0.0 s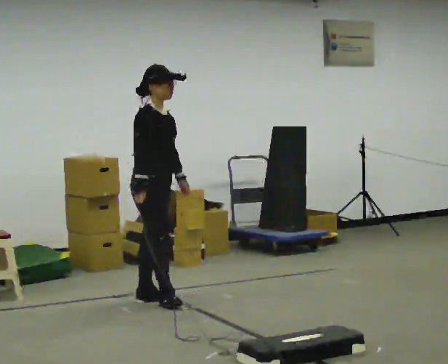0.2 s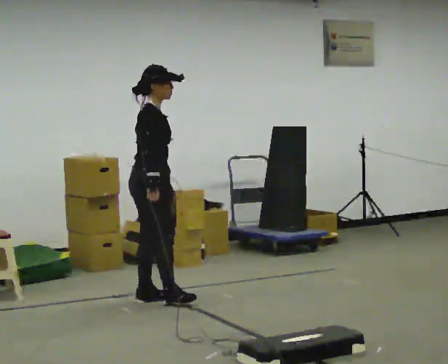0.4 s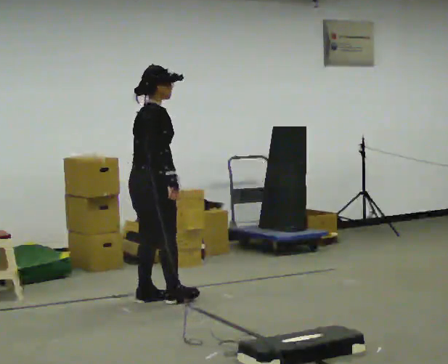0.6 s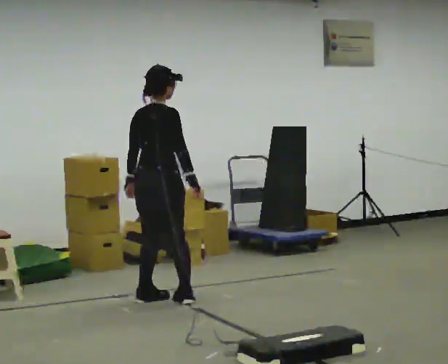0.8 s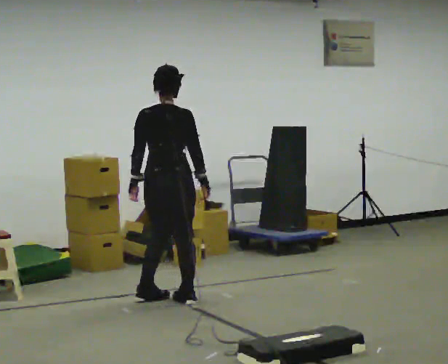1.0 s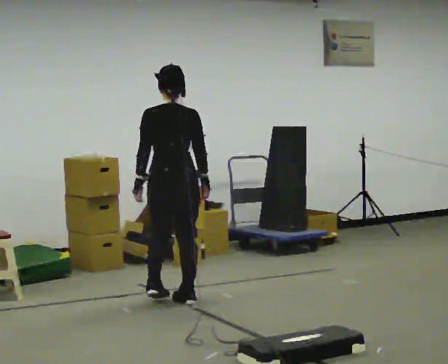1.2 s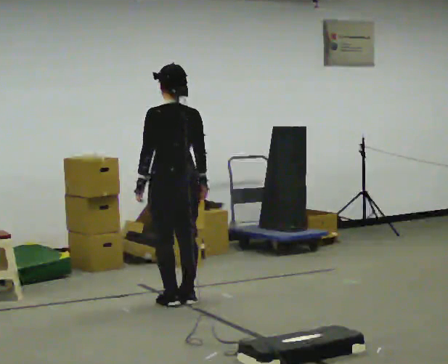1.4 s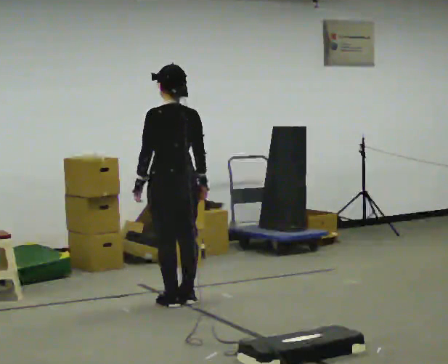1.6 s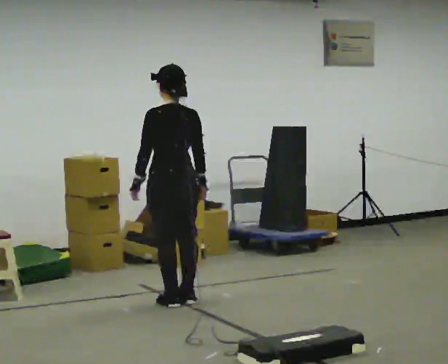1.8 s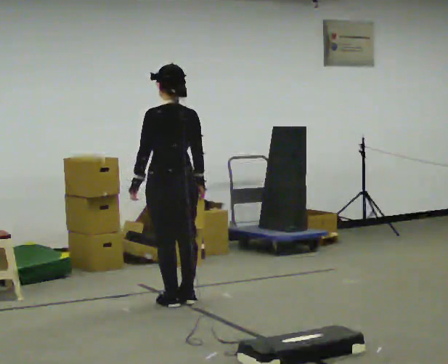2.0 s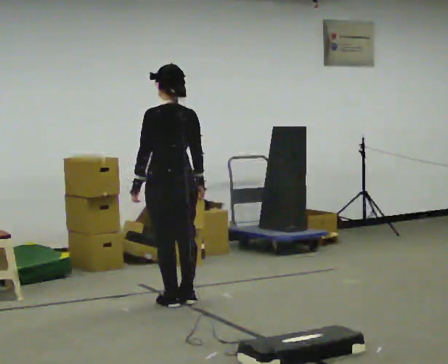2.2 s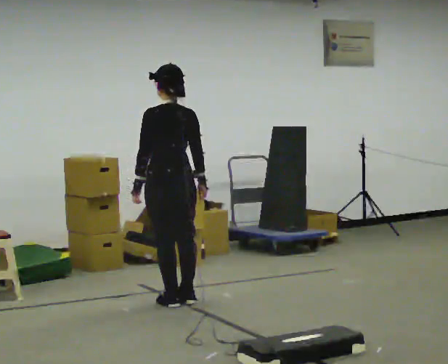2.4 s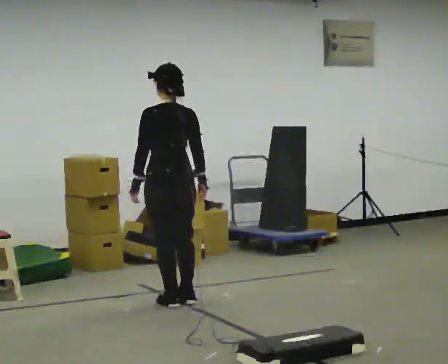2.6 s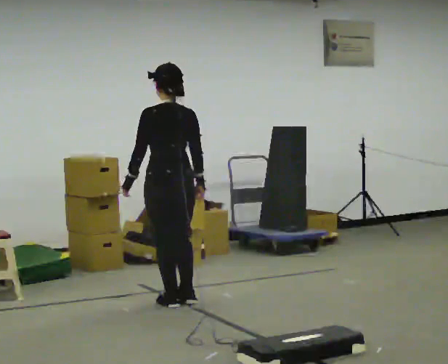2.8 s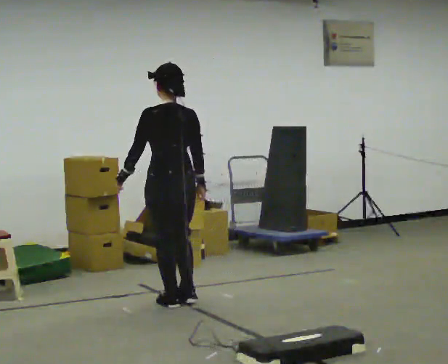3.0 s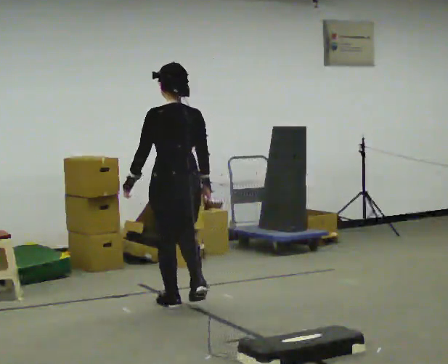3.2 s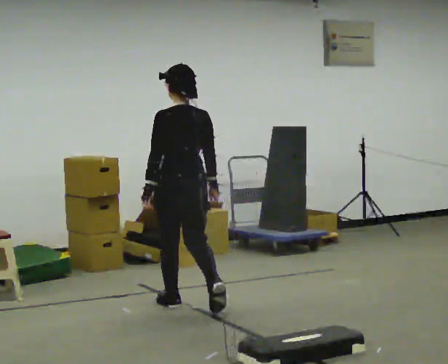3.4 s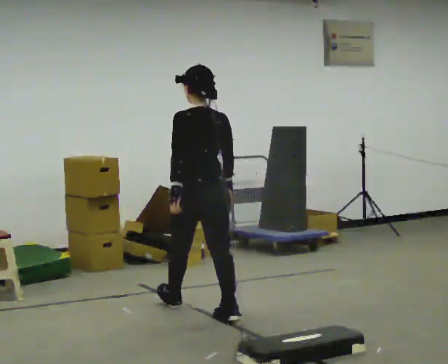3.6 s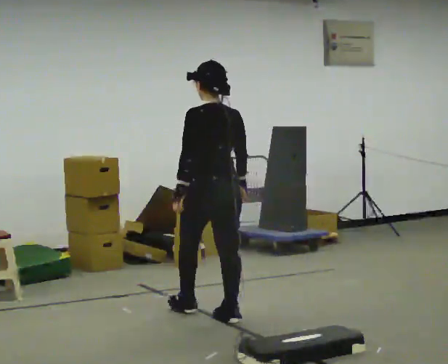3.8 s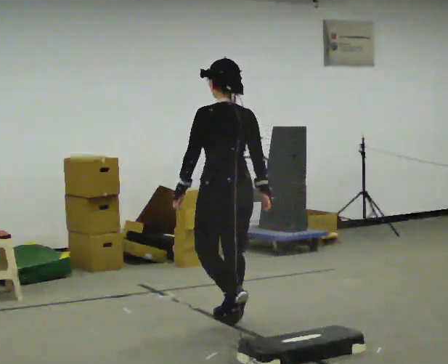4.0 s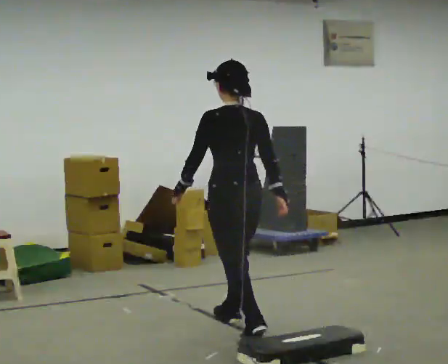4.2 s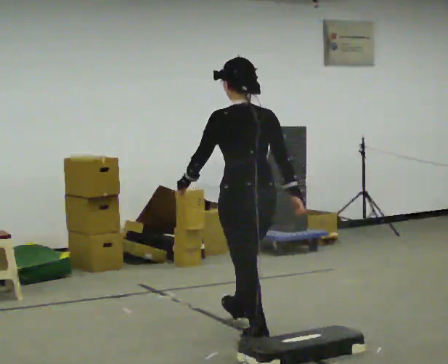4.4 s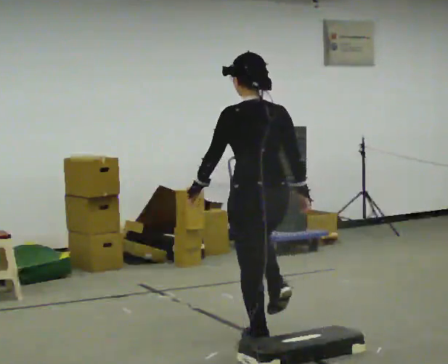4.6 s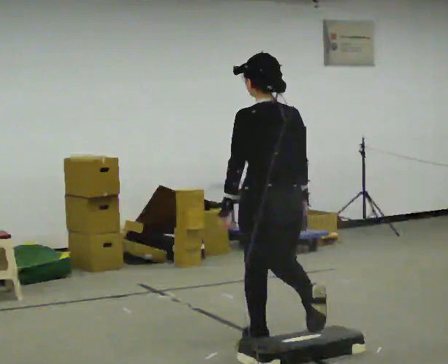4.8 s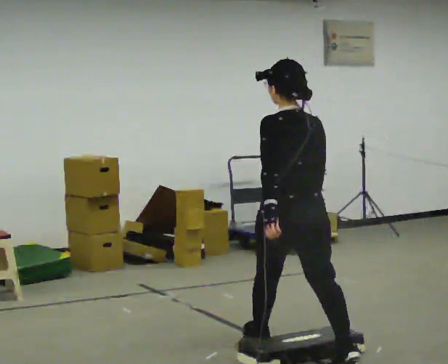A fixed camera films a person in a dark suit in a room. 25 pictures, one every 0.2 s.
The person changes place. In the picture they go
toward the camera.
The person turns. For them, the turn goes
to their left.
0.0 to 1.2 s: The person turns about 135 degrees to their left, counterclockwise seen from above, so the part of the body nearest the lens slides to the right. In the picture they go to the right, about 0.25 m in 1 step. In the picture their left hand goes to the left, the arm swinging clockwise.
1.2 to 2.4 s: The person moves a little, or ends about where they began.
2.4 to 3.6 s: In the picture they go toward the camera and to the right, about 0.5 m in 2 steps, which for them is backward.
3.6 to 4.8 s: In the picture they go toward the camera, about 1 m in 1 step, which for them is backward.
The film runs backward here.
